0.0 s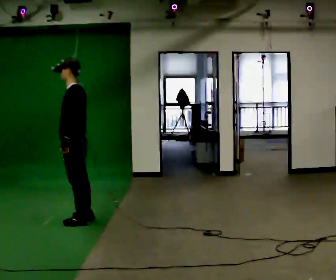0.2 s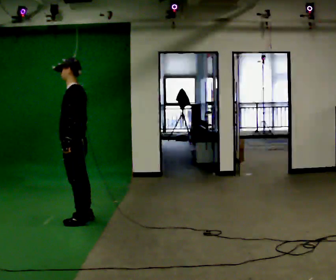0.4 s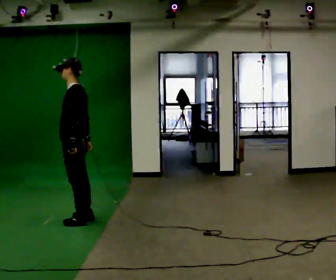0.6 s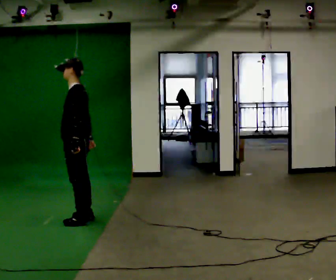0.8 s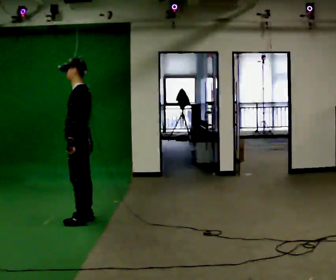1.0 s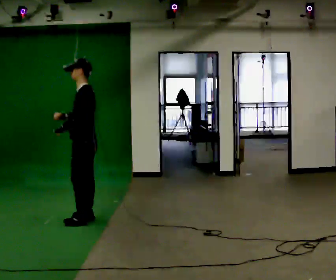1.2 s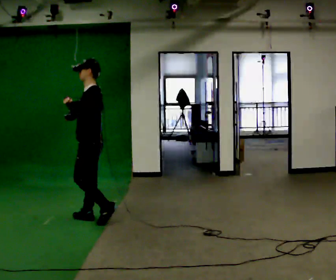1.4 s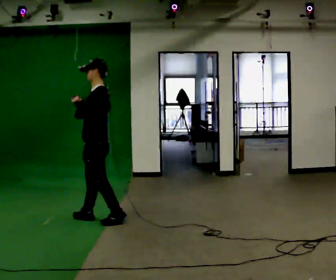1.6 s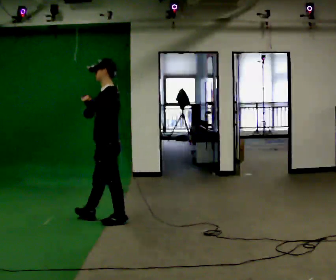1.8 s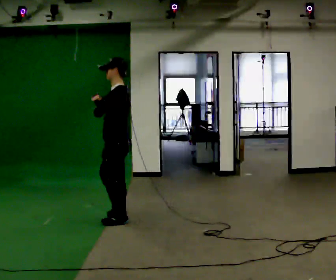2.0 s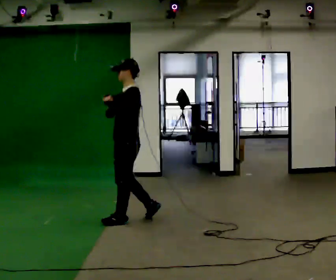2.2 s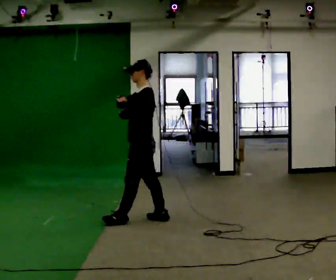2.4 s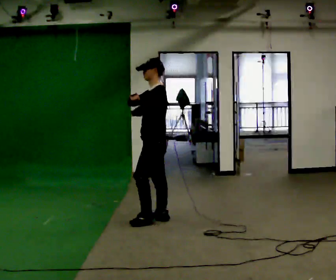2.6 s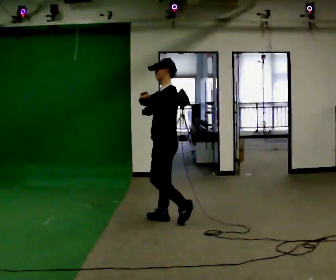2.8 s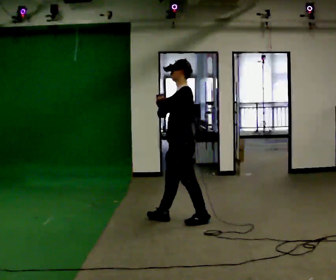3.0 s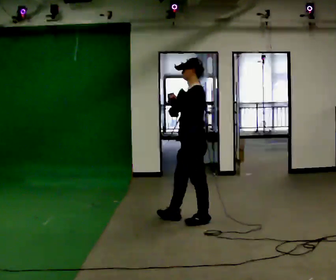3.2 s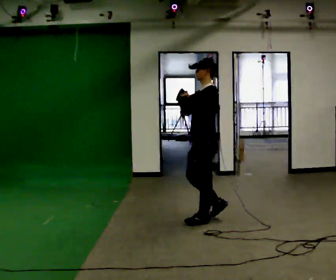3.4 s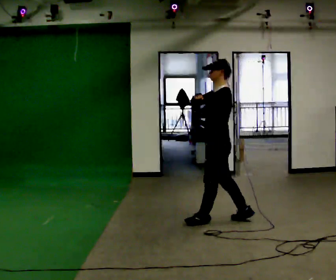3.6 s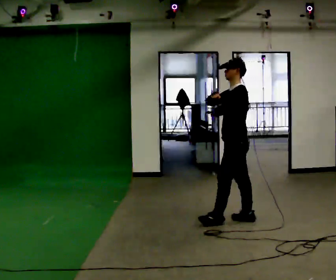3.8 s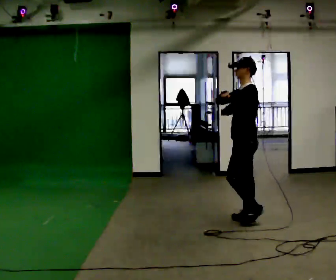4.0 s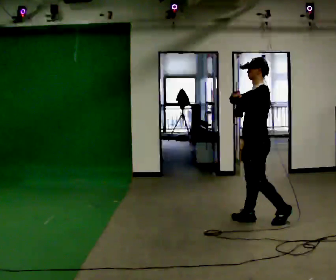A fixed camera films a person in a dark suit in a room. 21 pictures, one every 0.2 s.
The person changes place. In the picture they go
to the right.
Their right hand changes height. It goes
upward.
0.0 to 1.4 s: In the picture they go to the right, about 0.25 m in 1 step, which for them is backward. In the picture their right hand goes upward.
1.4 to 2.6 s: In the picture they go to the right, about 0.75 m in 2 steps, which for them is backward.
2.6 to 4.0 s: In the picture they go to the right, about 1 m in 2 steps, which for them is backward.
The film runs backward here.
